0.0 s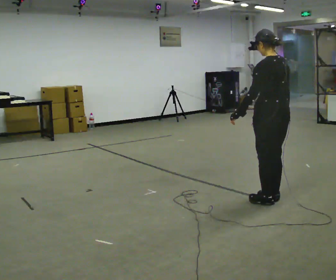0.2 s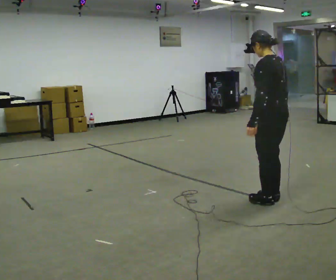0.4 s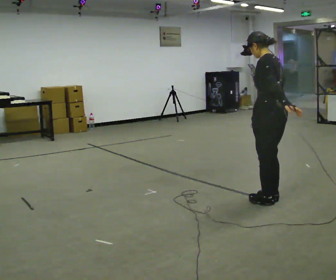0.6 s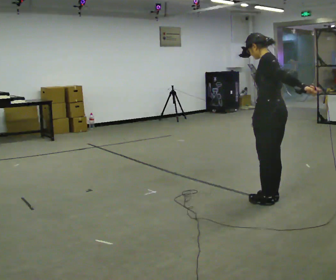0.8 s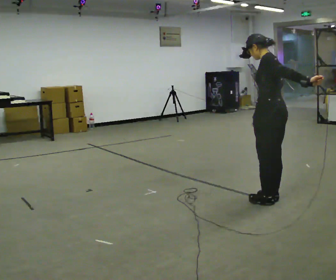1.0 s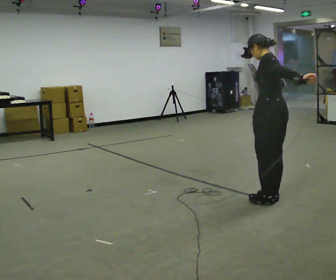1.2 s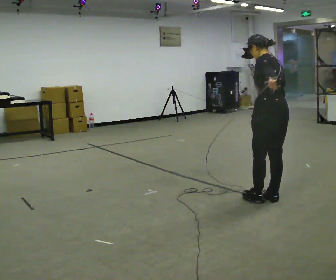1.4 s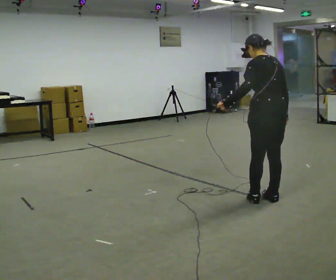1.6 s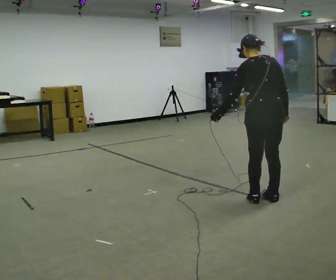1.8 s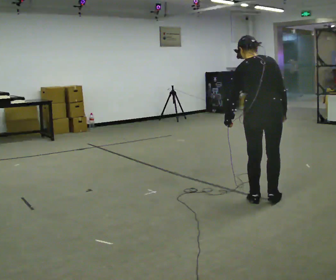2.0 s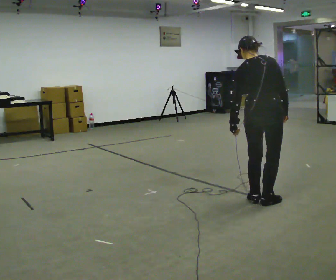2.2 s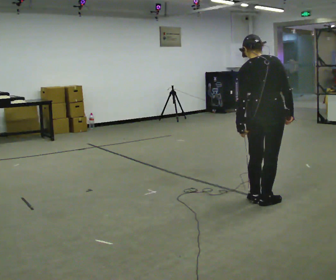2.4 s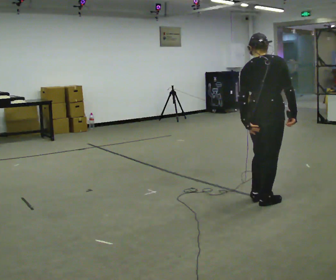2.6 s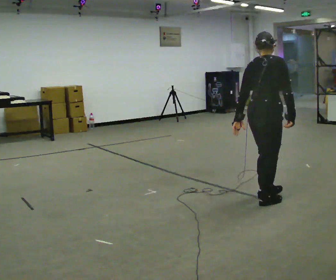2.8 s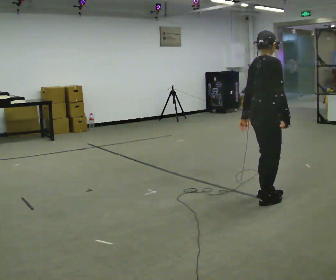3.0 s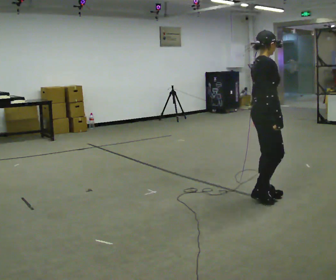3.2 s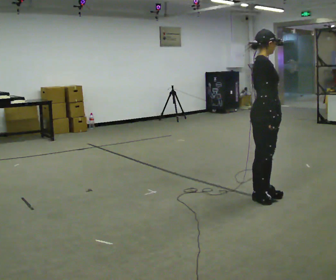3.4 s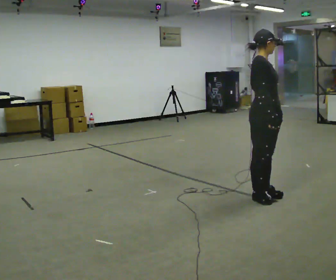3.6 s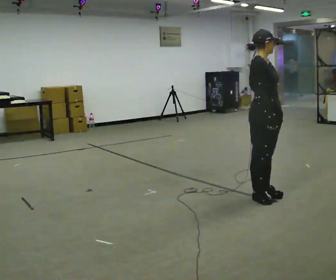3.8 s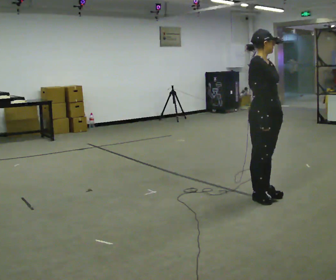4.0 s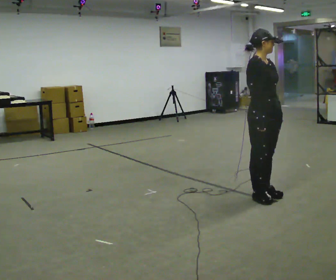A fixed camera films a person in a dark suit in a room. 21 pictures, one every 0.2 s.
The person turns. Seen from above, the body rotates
clockwise.
The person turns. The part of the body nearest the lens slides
to the left.
0.0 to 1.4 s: The person moves a little, or ends about where they began.
1.4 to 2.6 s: The part of the body nearest the lens slides to the left as the person turns to their right by about 75 degrees.
2.6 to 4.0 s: The person turns about 75 degrees to their right, clockwise seen from above, so the part of the body nearest the lens slides to the left. In the picture their left hand goes to the right.
The film runs backward here.
